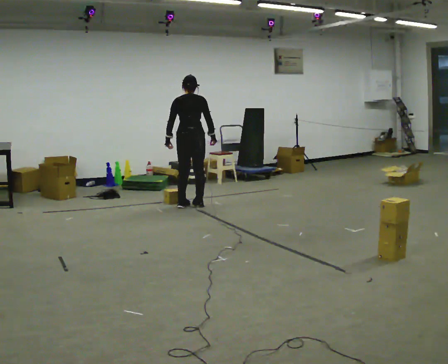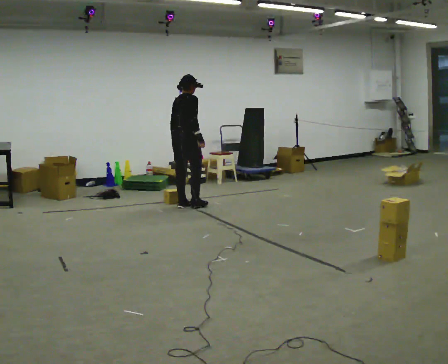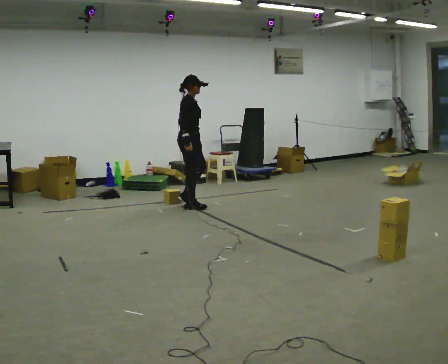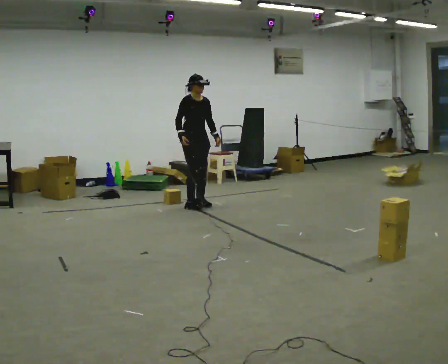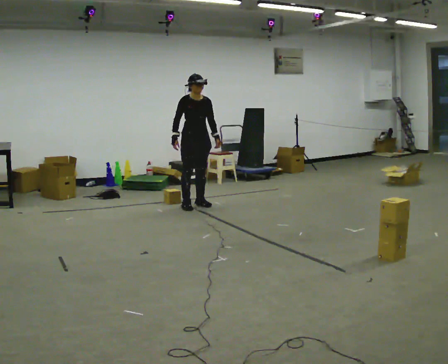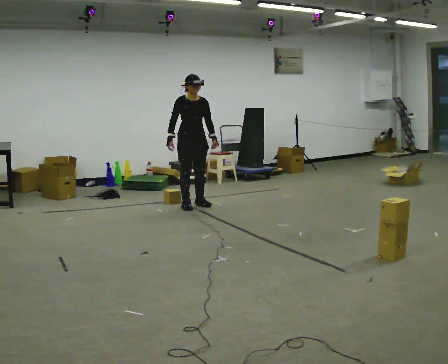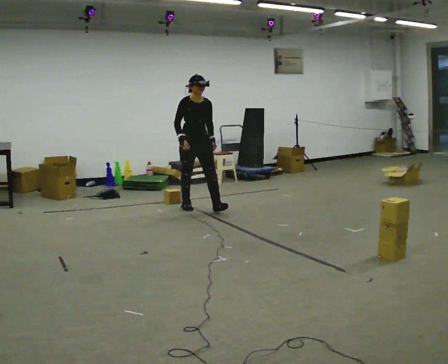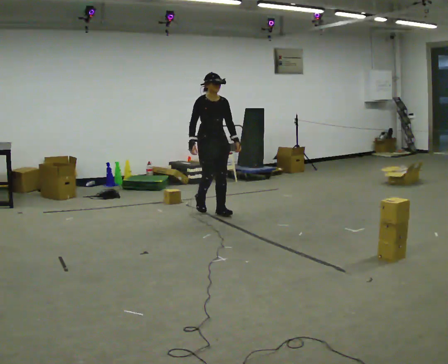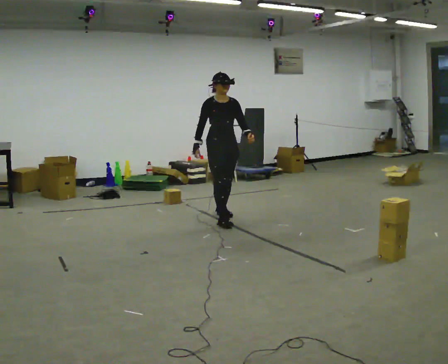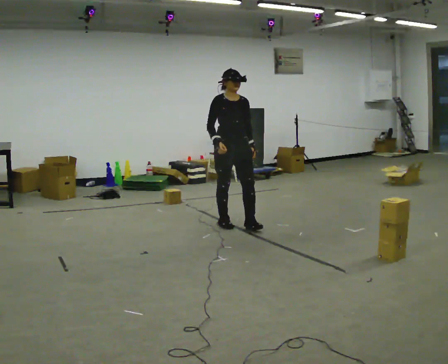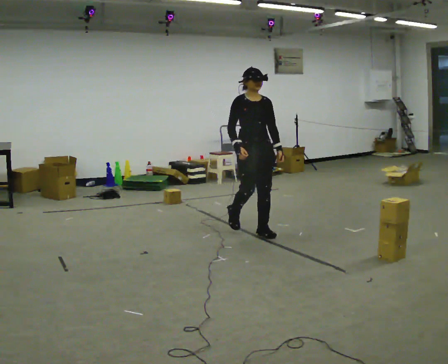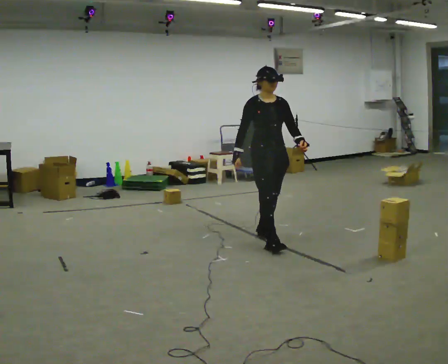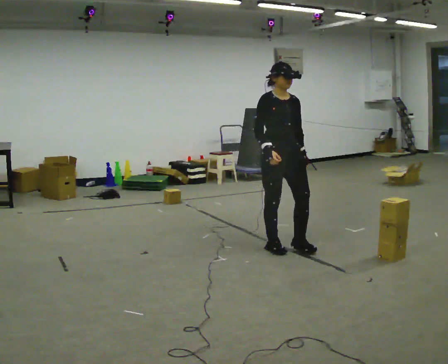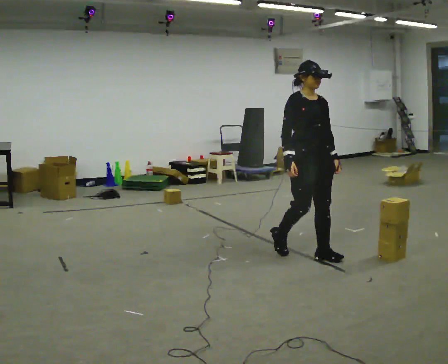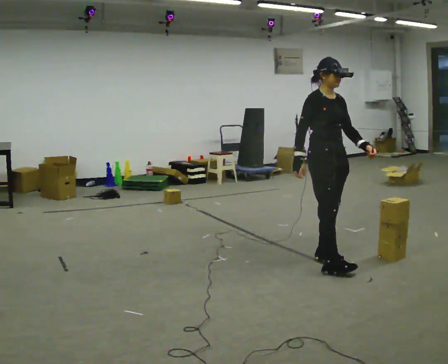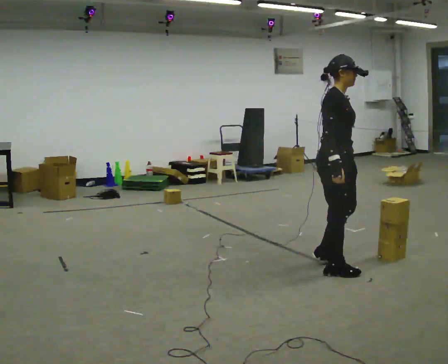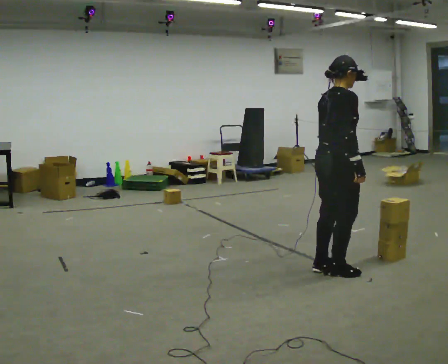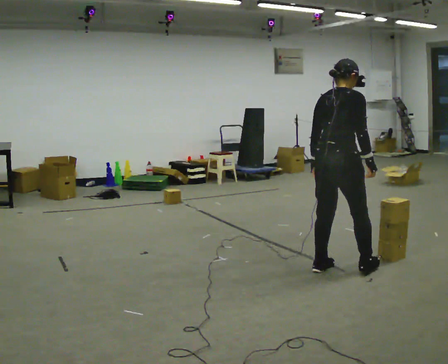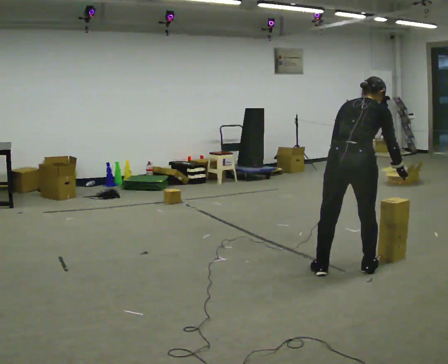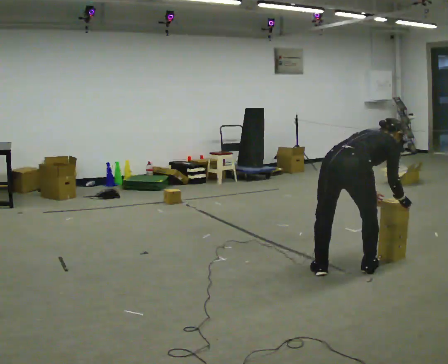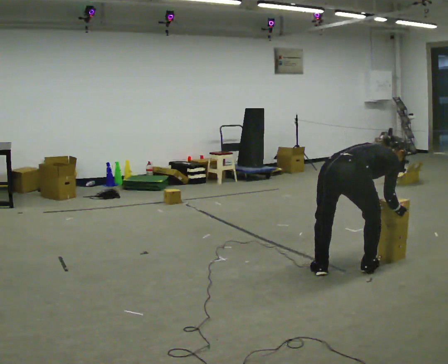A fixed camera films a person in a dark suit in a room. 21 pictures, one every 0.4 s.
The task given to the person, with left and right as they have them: Carry the stack of boxes across the room without letting it fall over, then bring it back. Keep going until the operator says stop; one object at a time, and do not rush between trips.
0.0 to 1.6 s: The part of the body nearest the lens slides to the left as the person turns to their right by about 150 degrees. In the picture their right hand goes to the left, the arm swinging clockwise.
1.6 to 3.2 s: In the picture they go toward the camera and to the right, about 1 m in 2 steps, which for them is forward.
3.2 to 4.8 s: In the picture they go toward the camera and to the right, about 1 m in 2 steps, which for them is forward.
4.8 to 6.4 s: Seen from above the body turns counterclockwise, about 75 degrees: to their left, with its near side sliding to the right. In the picture they go toward the camera and to the right, about 0.5 m in 3 steps.
6.4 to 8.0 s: The upper body goes downward. In the picture the upper body tilts clockwise, shoulders to the right, as they bend forward. In the picture their left hand goes downward and to the right.
The film runs forward here.
